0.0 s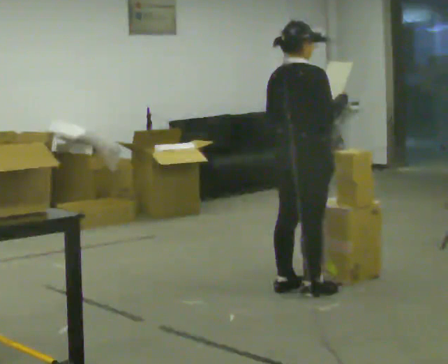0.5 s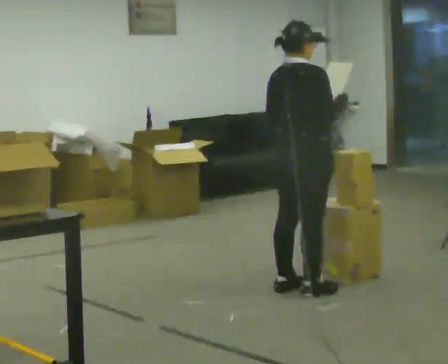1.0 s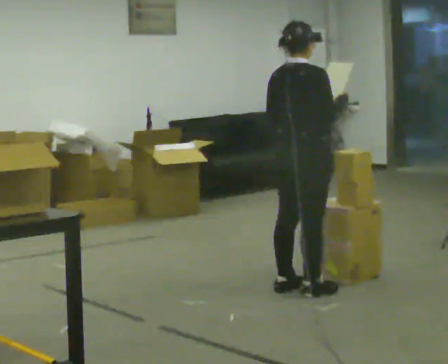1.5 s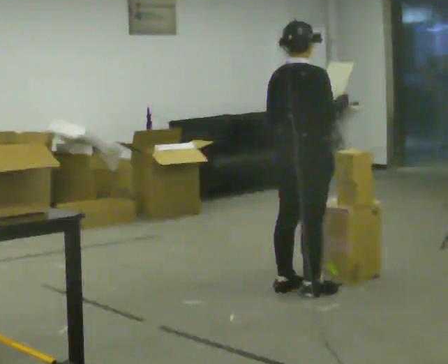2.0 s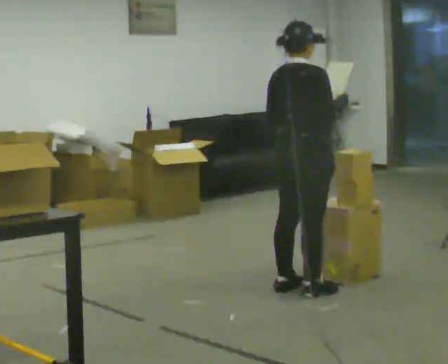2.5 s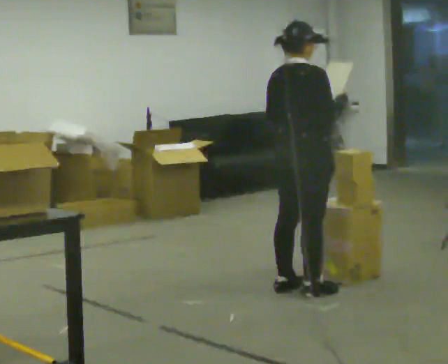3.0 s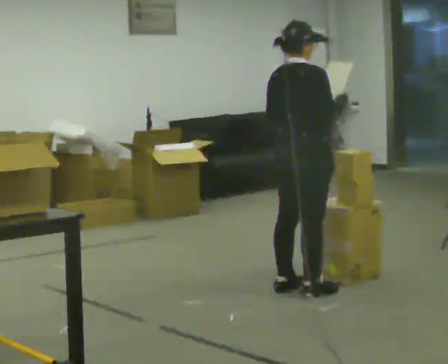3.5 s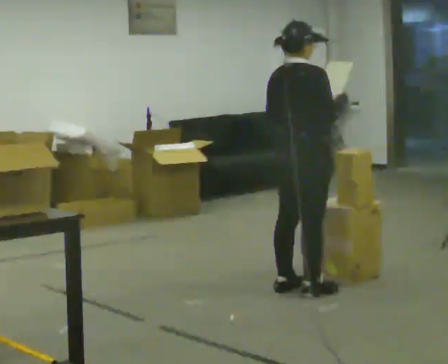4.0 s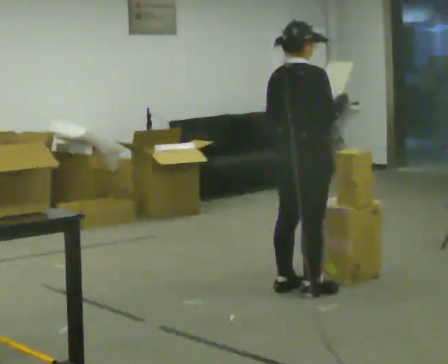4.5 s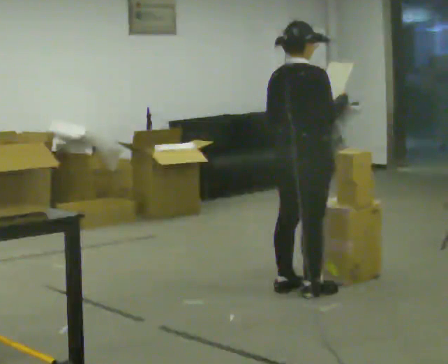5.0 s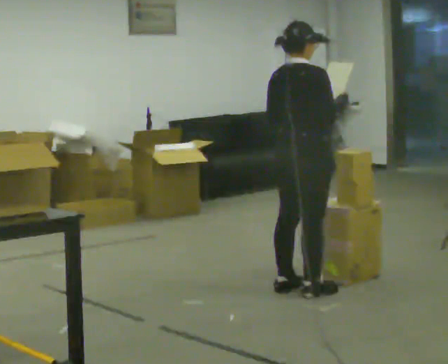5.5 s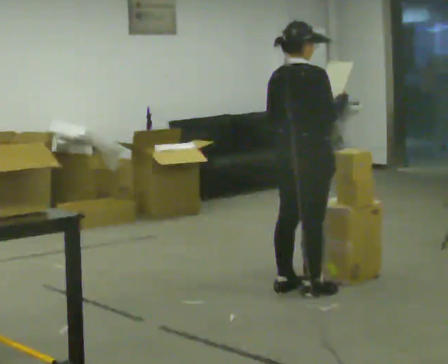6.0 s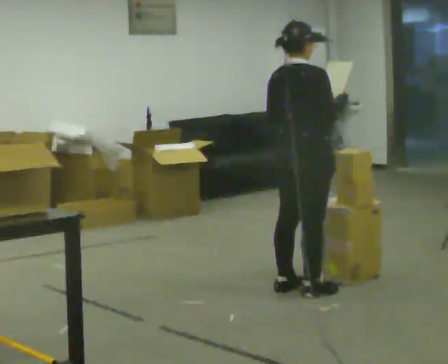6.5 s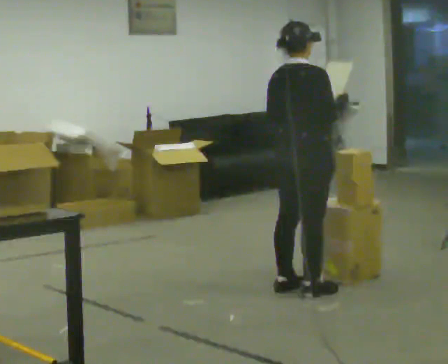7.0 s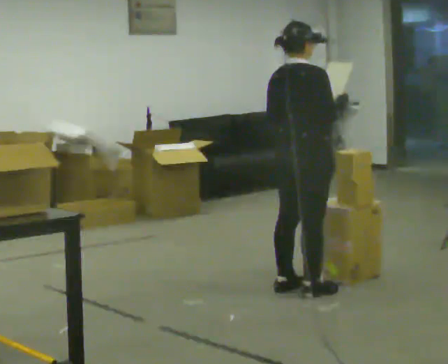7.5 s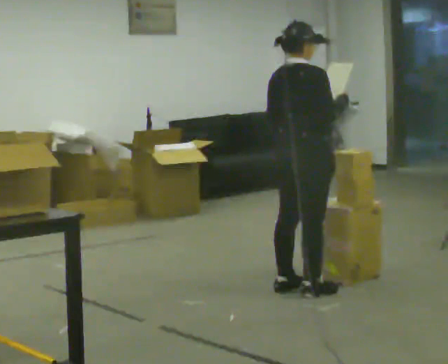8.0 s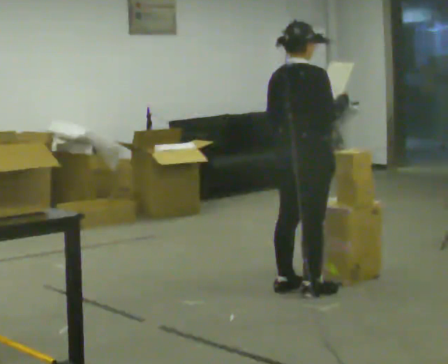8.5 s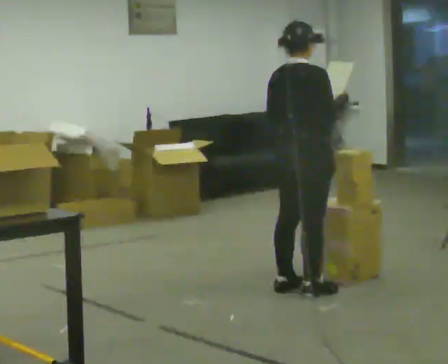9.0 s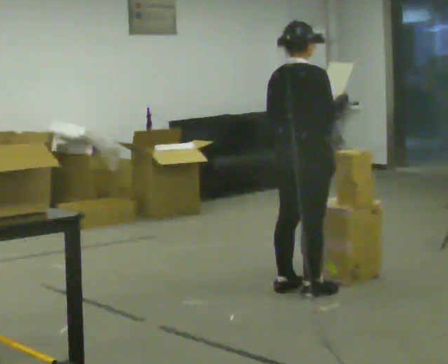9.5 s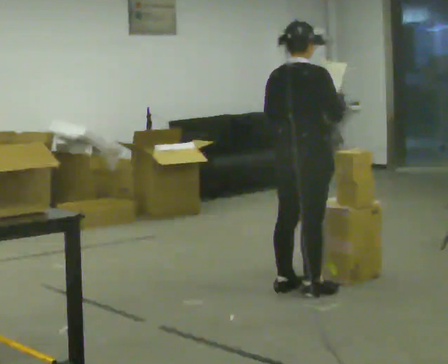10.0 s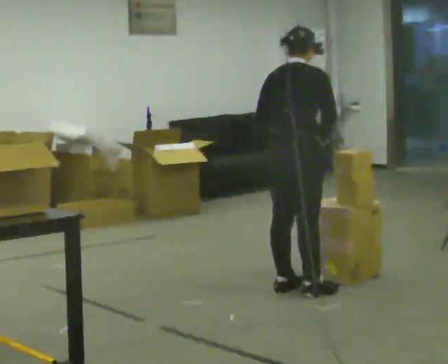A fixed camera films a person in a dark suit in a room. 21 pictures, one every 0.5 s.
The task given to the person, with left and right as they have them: 1. Read the list the operator gives you. 2. Collect the six items on the list from the shelves. 3. Put them all in the bin on the table. 4. Tell the operator when you are finished.
0.0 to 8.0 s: The person keeps their place and pose.
8.0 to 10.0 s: The upper body tips away from the camera, its near side rolling upward, as they bend forward.
The film runs forward here.
